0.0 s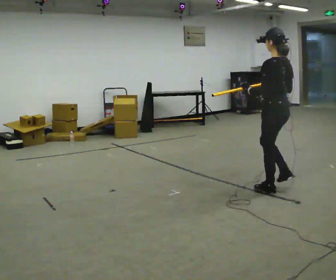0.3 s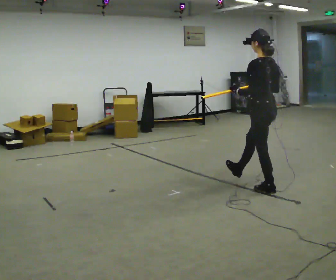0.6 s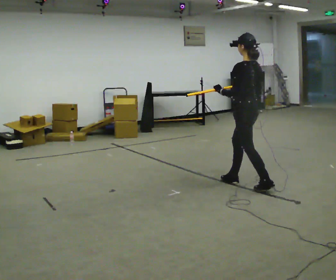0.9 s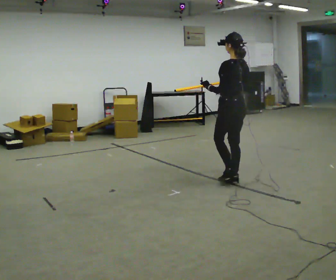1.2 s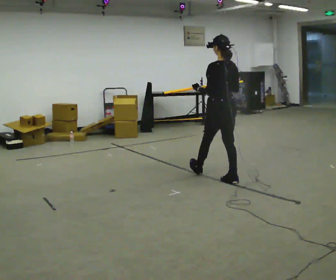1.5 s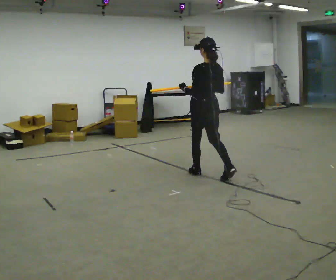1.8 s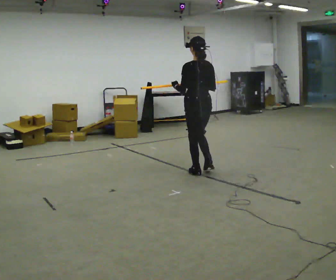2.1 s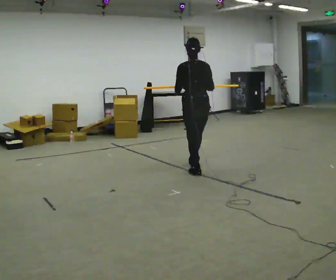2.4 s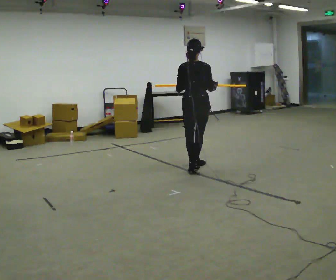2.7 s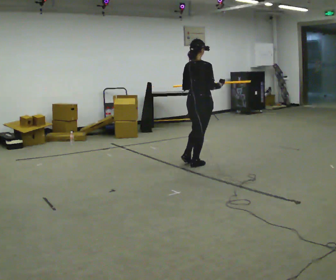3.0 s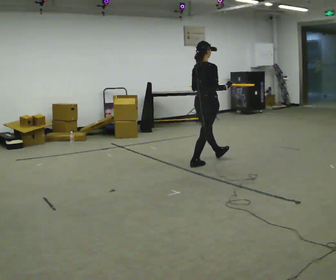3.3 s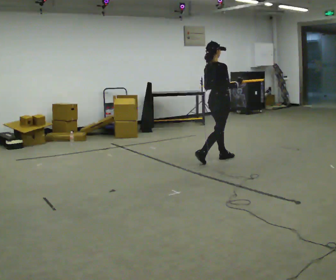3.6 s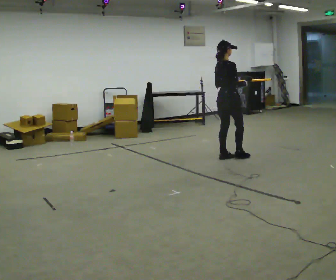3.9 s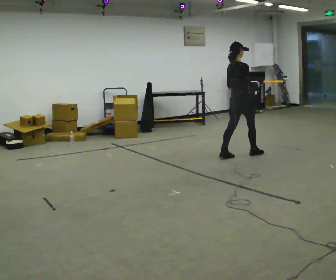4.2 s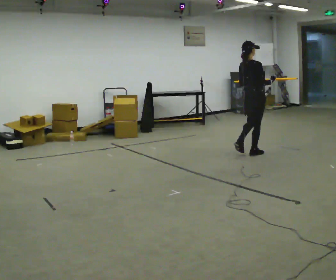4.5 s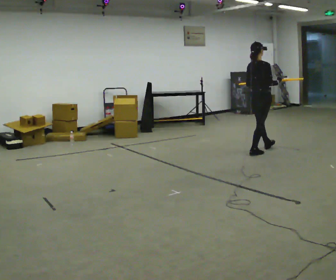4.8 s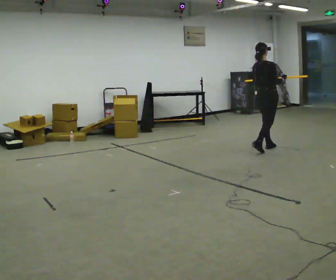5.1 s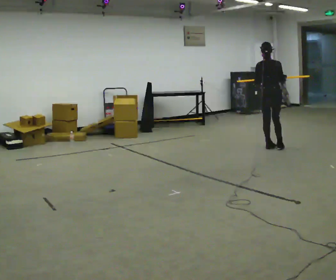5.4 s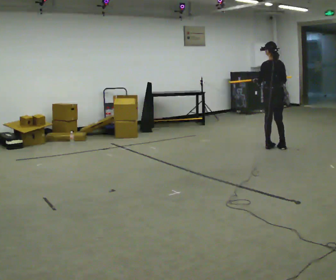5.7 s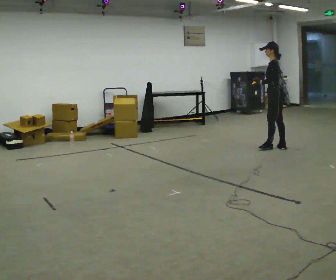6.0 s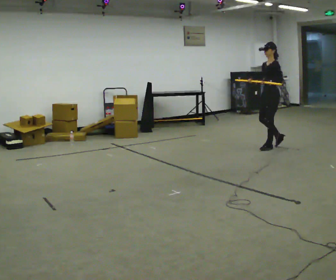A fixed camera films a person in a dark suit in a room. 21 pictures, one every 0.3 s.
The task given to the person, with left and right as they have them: Carry the long object across the room and around the corner, turning without hitting anything. Keep going until the operator says stop; one object at a time, and do not rush between trips.
0.0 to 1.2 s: In the picture they go away from the camera and to the left, about 0.5 m in 1 step, which for them is forward.
1.2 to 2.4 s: The part of the body nearest the lens slides to the left as the person turns to their right by about 45 degrees. In the picture they go away from the camera and to the left, about 0.5 m in 2 steps, which for them is forward.
2.4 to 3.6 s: The part of the body nearest the lens slides to the left as the person turns to their right by about 60 degrees. In the picture they go away from the camera and to the right, about 0.75 m in 1 step, which for them is forward.
3.6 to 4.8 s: In the picture they go to the right and away from the camera, about 1 m in 2 steps, which for them is forward.
4.8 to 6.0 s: Seen from above the body turns counterclockwise, about 150 degrees: to their left, with its near side sliding to the right.
The film runs forward here.
